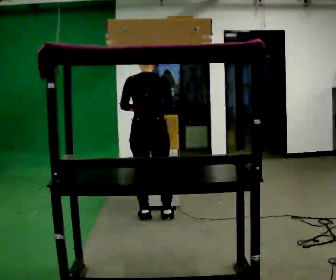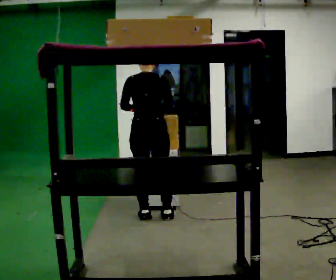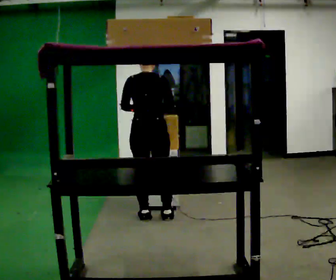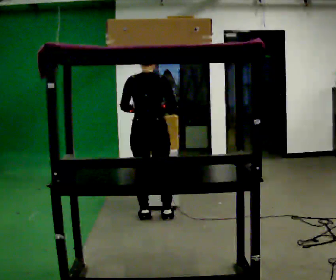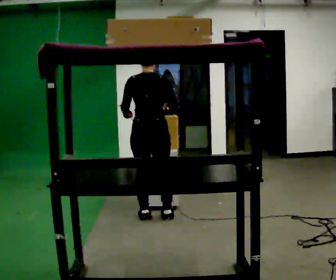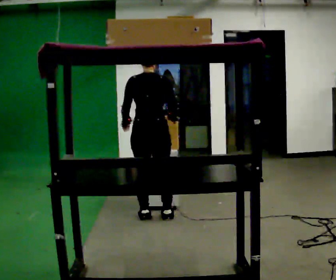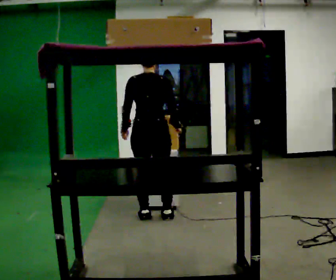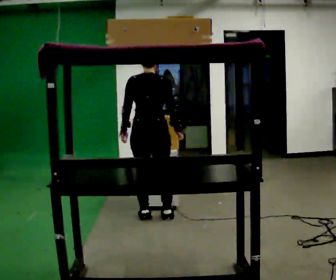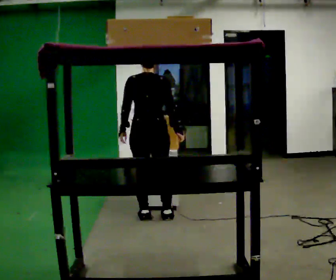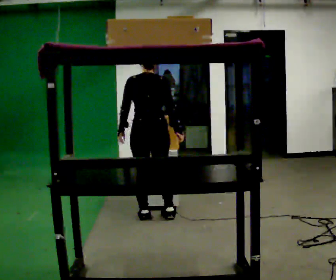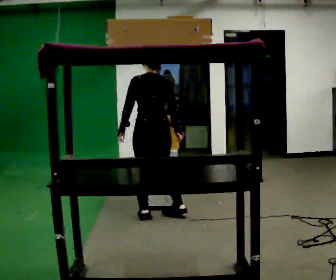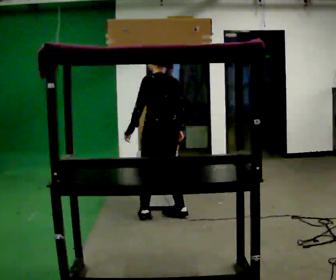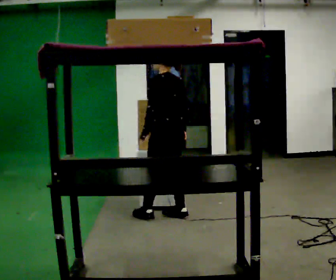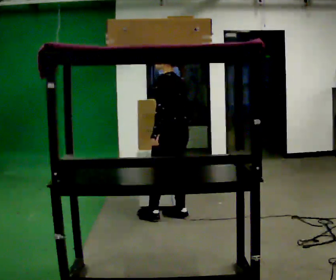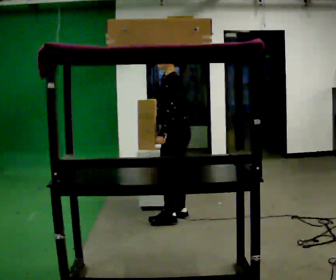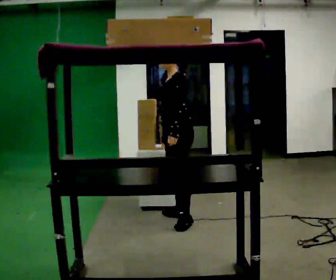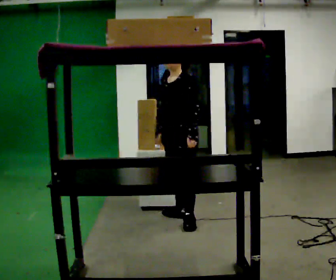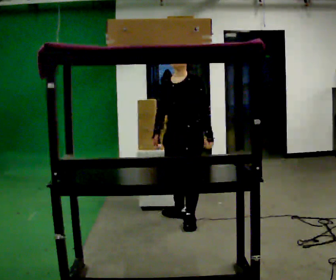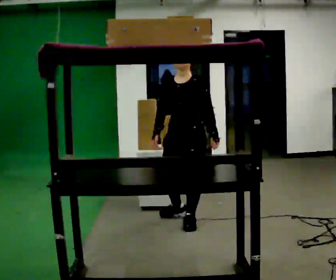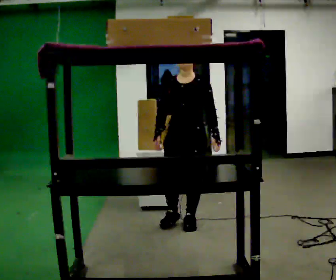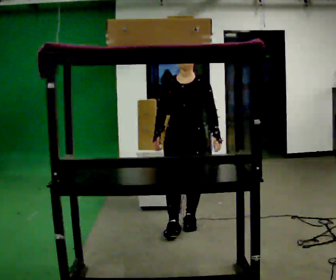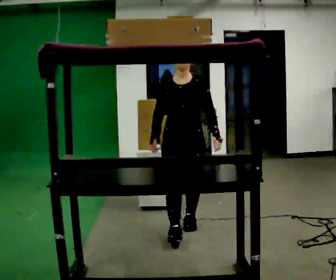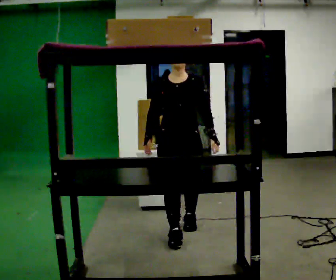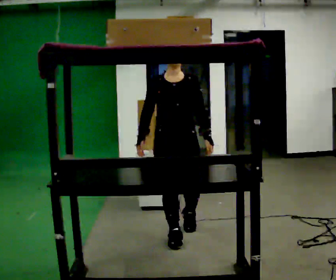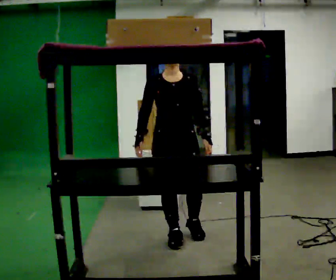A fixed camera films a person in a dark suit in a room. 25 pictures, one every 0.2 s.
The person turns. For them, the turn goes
to their left.
The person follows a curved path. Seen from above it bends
clockwise.
0.0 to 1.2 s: The person moves a little, or ends about where they began.
1.2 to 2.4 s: The part of the body nearest the lens slides to the right as the person turns to their left by about 45 degrees. In the picture they go to the right, about 0.25 m in 1 step, which for them is to their right.
2.4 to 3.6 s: The part of the body nearest the lens slides to the right as the person turns to their left by about 105 degrees. In the picture they go toward the camera and to the right, about 0.25 m in 1 step.
3.6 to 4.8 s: Seen from above the body turns counterclockwise, about 30 degrees: to their left, with its near side sliding to the right. In the picture they go toward the camera, about 0.5 m in 1 step, which for them is forward.
The film runs forward here.
